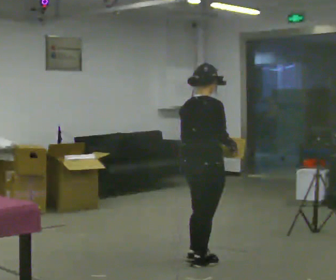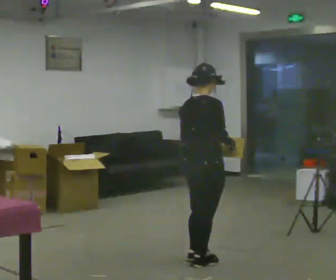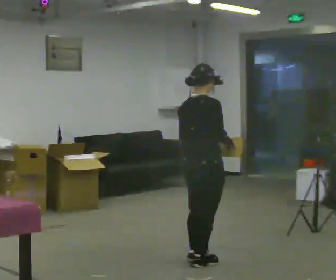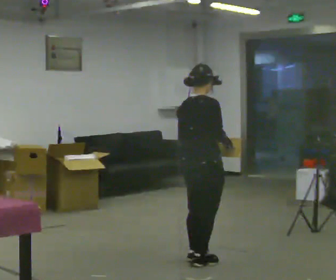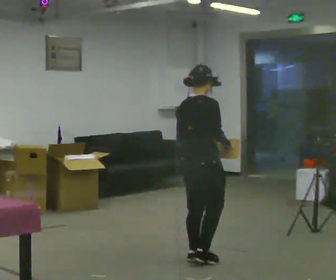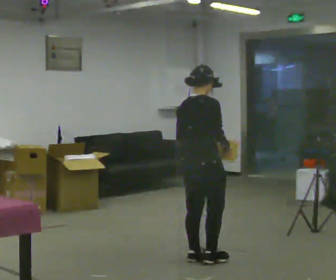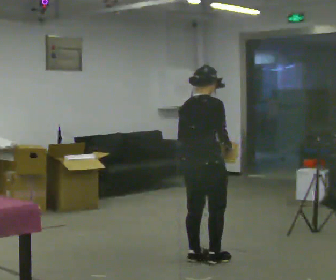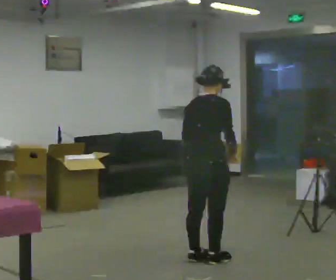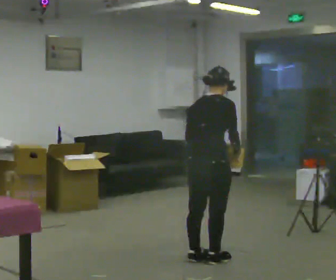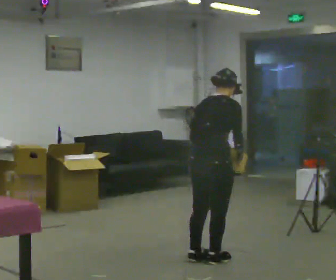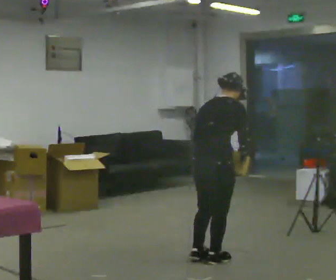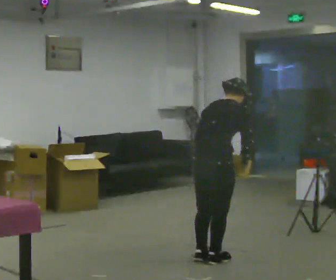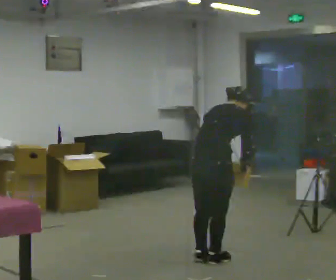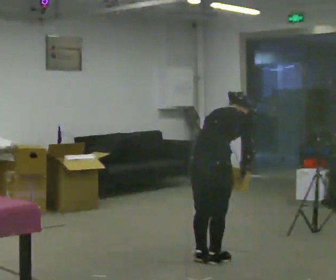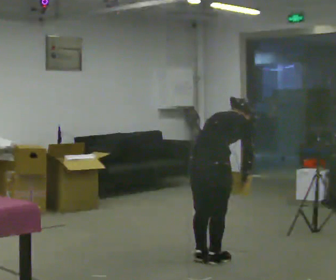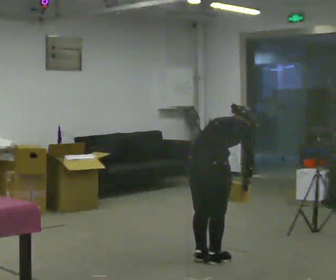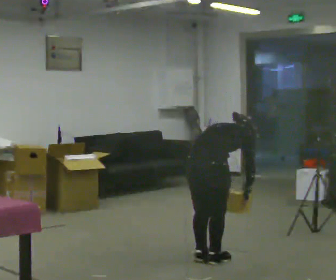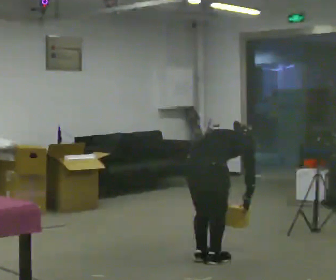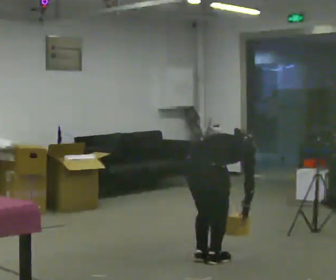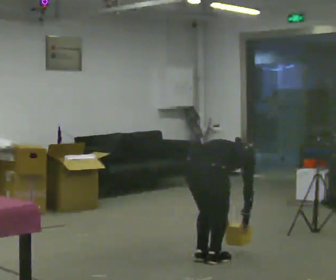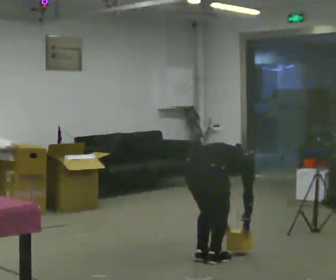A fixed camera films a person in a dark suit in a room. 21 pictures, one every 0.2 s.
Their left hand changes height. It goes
downward.
The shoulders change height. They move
downward.
0.0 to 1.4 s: The person moves a little, or ends about where they began.
1.4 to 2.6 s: In the picture the upper body tilts clockwise, shoulders to the right, as they bend forward.
2.6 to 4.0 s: The upper body goes downward. The upper body tips away from the camera, its near side rolling upward, as they bend forward. In the picture their left hand goes downward.
The film runs forward here.
